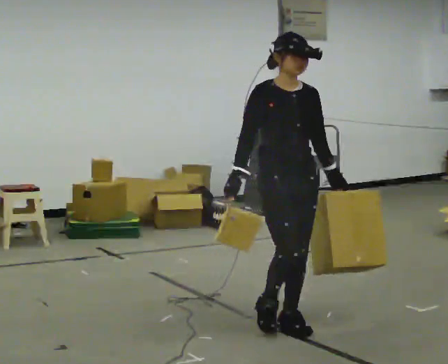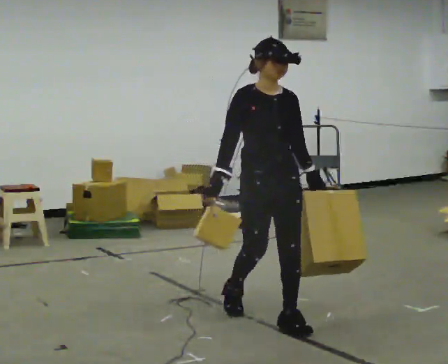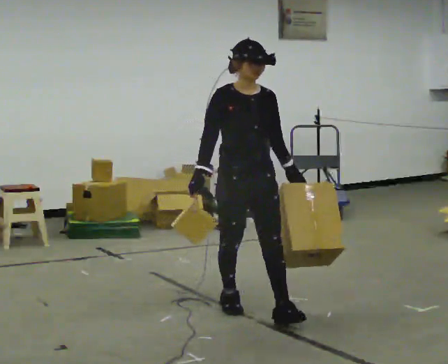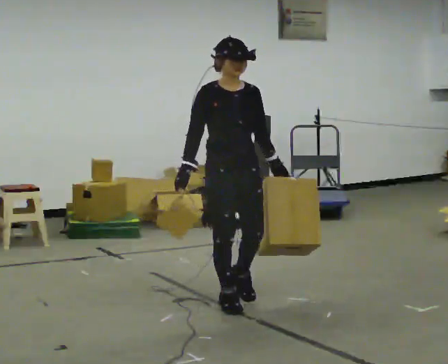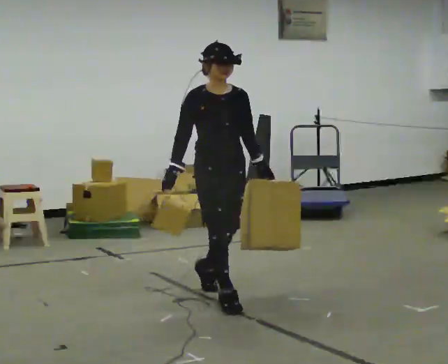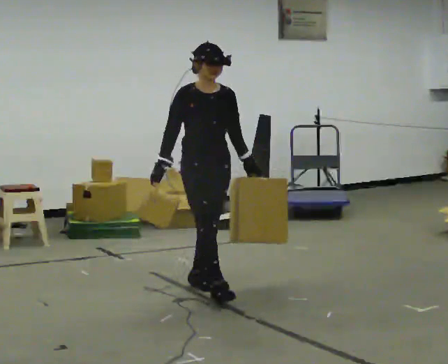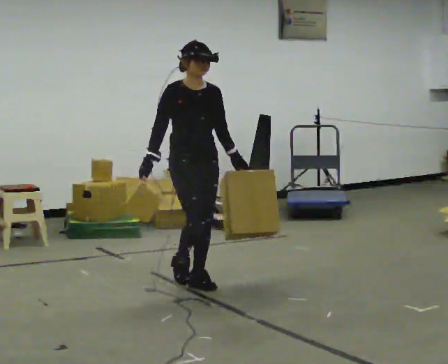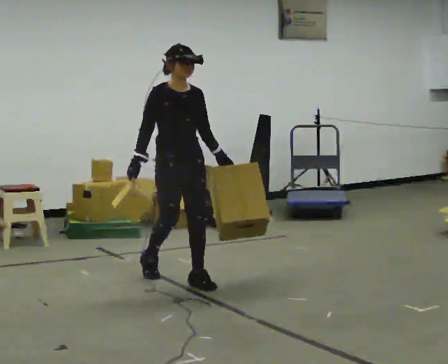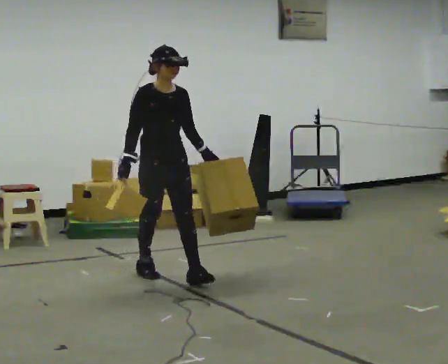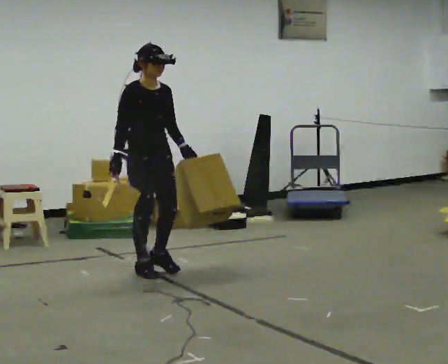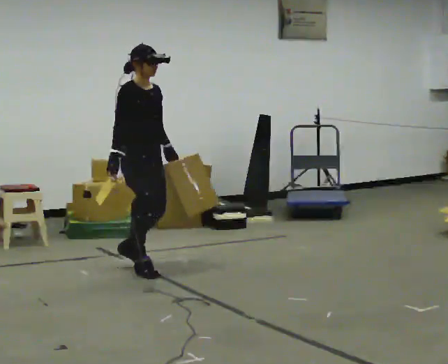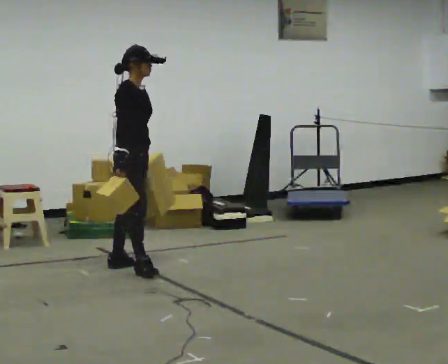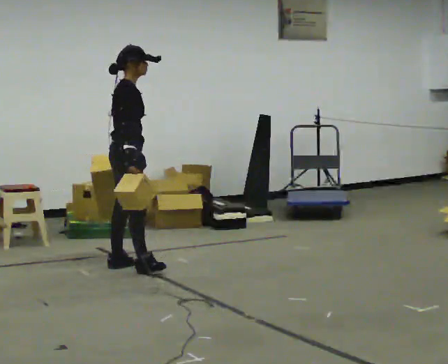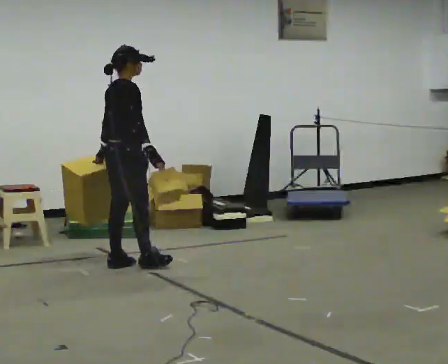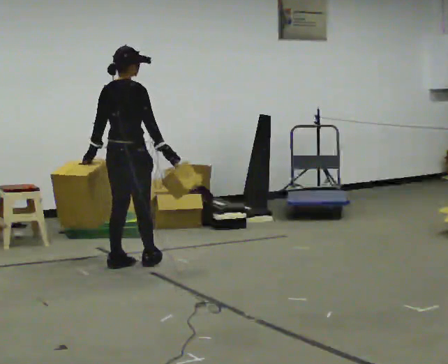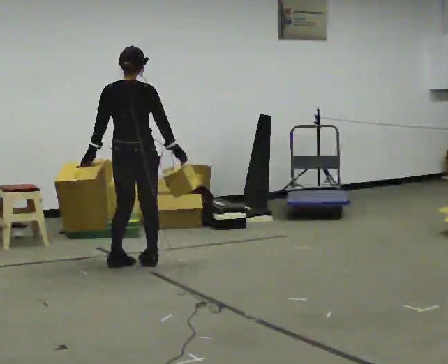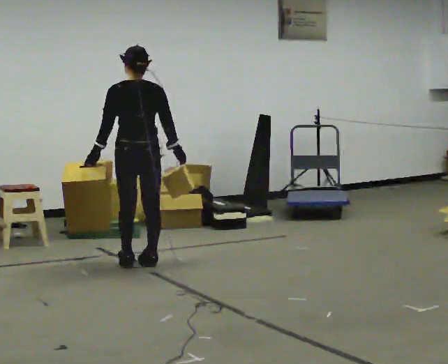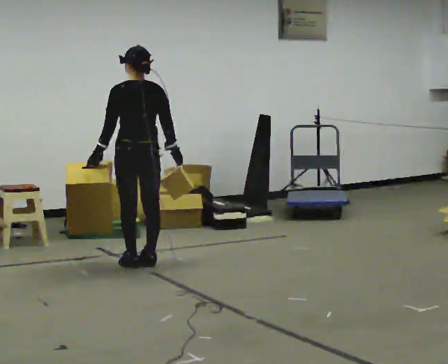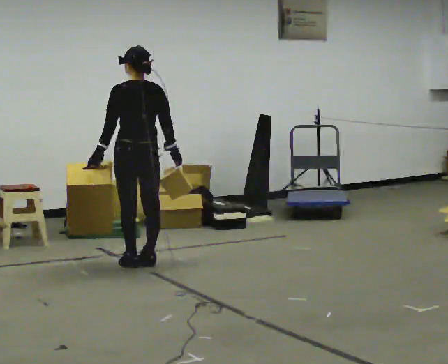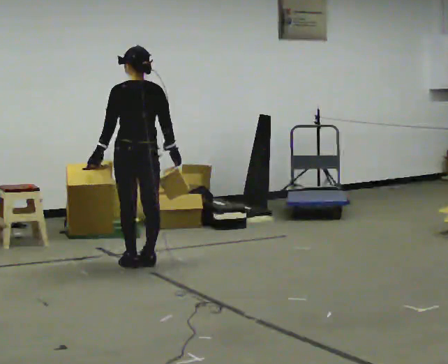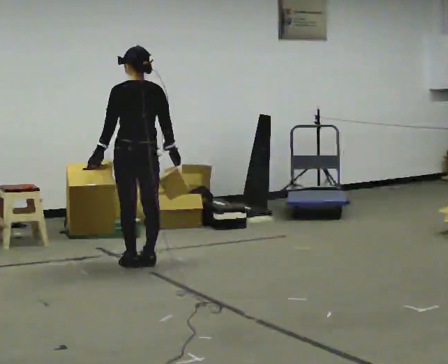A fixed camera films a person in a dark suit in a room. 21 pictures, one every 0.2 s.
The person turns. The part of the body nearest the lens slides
to the right.
The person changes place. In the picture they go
away from the camera.
0.0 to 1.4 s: In the picture they go away from the camera and to the left, about 1 m in 2 steps, which for them is backward.
1.4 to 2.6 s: The part of the body nearest the lens slides to the right as the person turns to their left by about 90 degrees. In the picture they go away from the camera and to the left, about 0.5 m in 2 steps.
2.6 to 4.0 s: Seen from above the body turns counterclockwise, about 90 degrees: to their left, with its near side sliding to the right.
The film runs backward here.
